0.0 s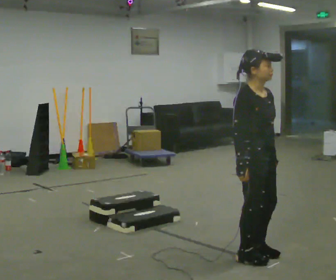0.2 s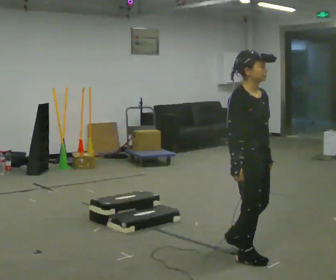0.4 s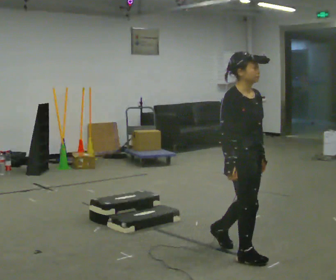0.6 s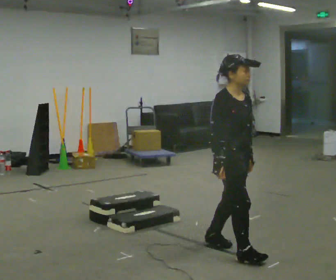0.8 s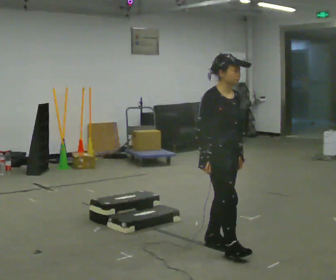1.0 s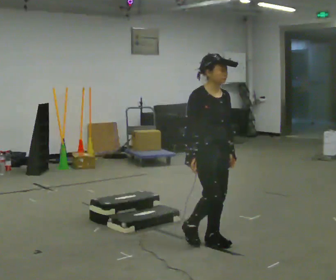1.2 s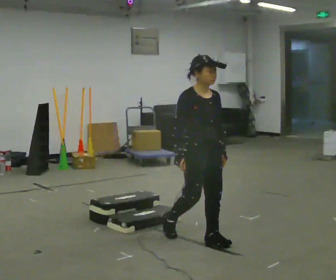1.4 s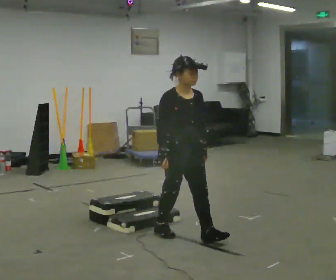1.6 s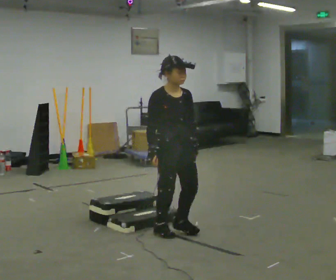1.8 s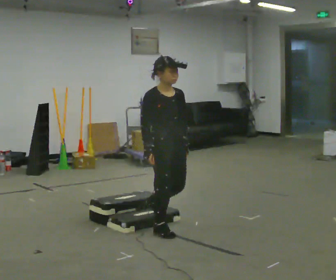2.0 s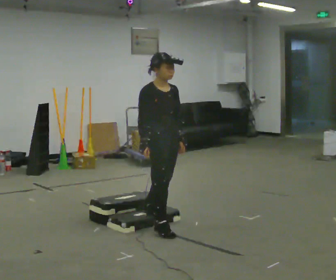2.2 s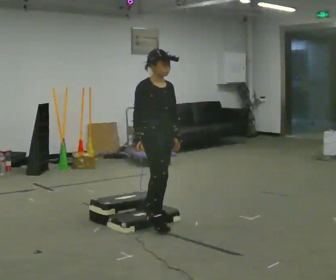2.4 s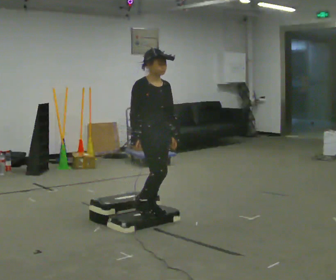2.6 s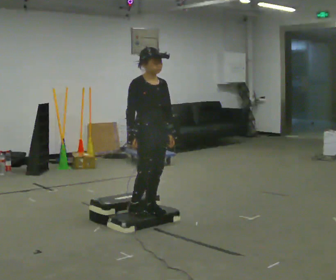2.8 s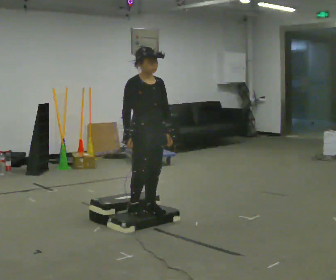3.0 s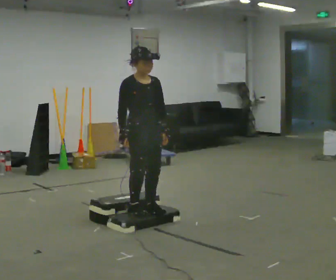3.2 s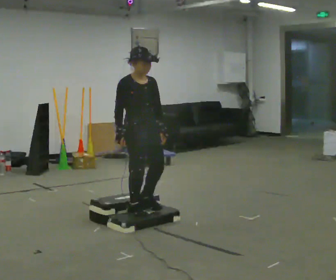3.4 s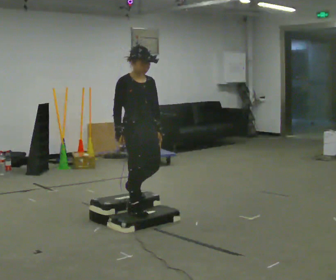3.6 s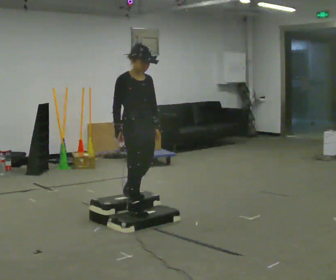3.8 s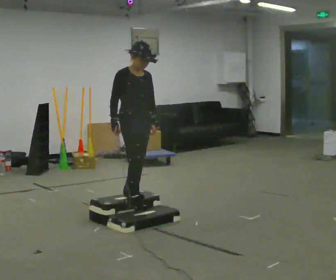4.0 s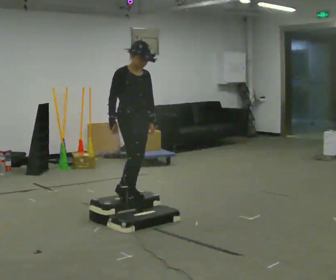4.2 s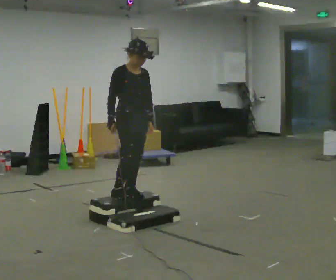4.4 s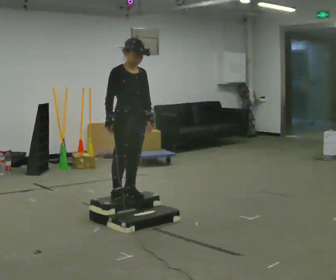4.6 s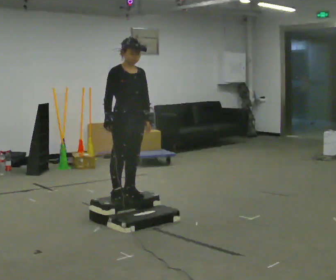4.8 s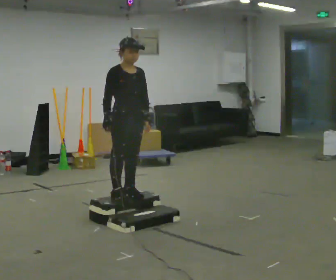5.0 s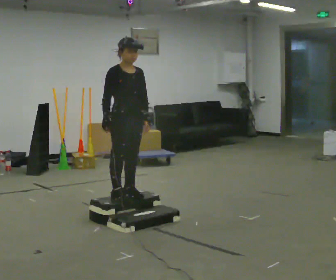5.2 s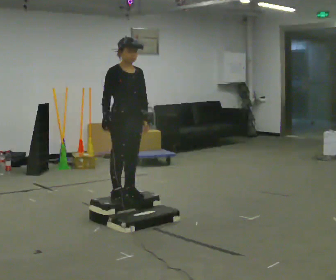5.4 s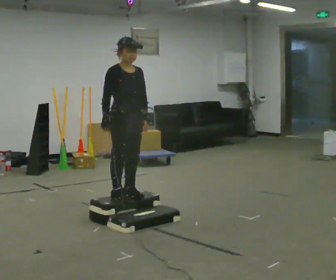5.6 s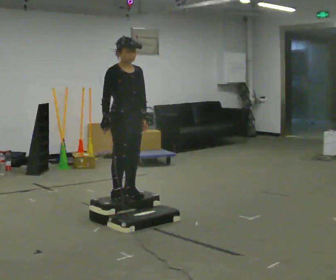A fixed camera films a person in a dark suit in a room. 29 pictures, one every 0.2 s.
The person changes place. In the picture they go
away from the camera.
0.0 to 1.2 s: In the picture they go away from the camera and to the left, about 0.5 m in 2 steps, which for them is backward.
1.2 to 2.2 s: In the picture they go away from the camera and to the left, about 0.5 m in 2 steps, which for them is backward.
2.2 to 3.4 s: The person moves a little, or ends about where they began.
3.4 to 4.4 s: In the picture they go away from the camera, about 0.25 m in 1 step, which for them is backward.
4.4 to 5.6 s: The person moves a little, or ends about where they began.
The film runs backward here.
